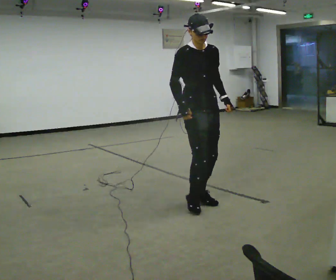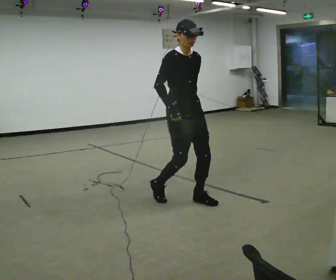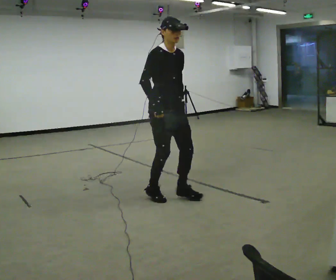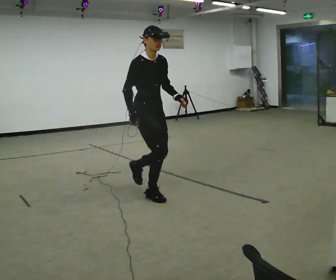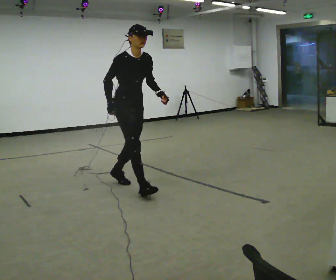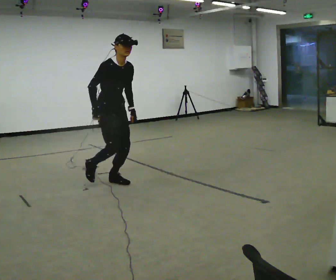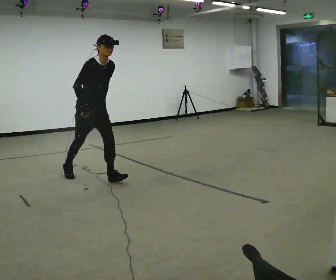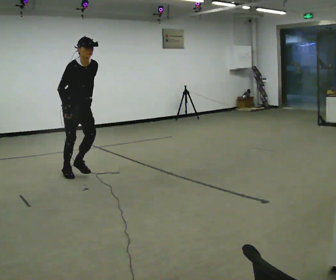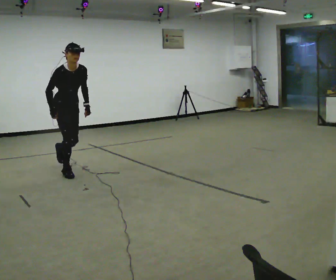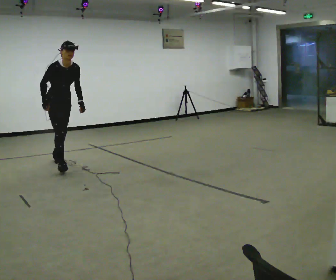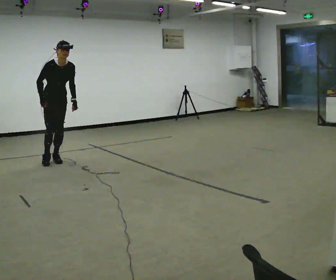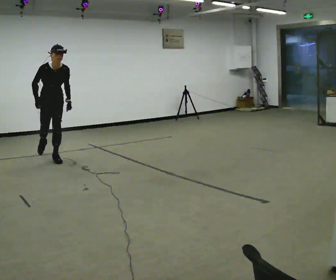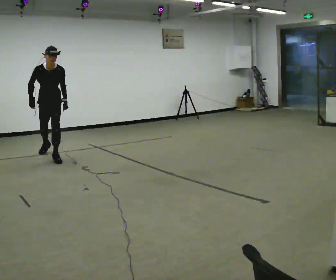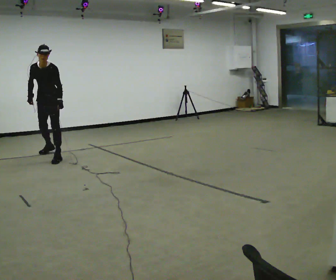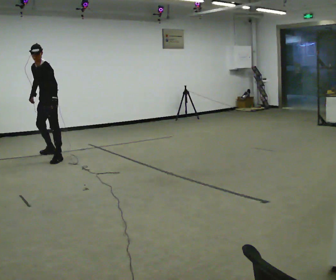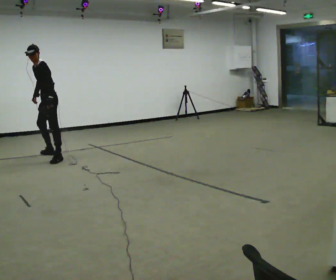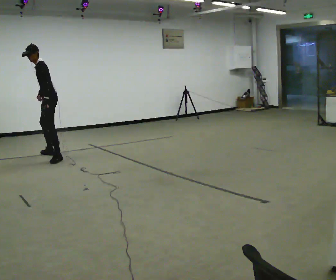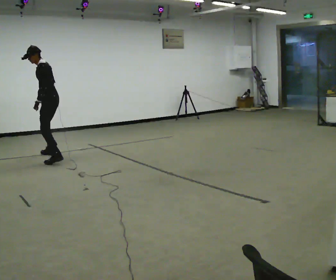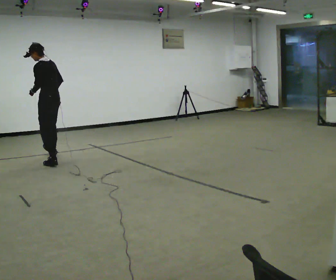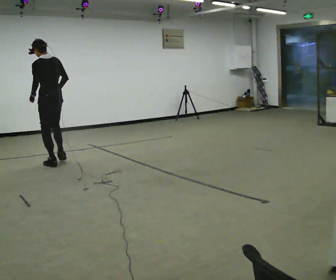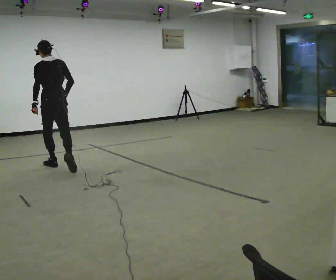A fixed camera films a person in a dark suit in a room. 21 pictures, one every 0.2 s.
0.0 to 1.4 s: In the picture they go away from the camera and to the left, about 1.5 m in 3 steps, which for them is backward. The upper body tips toward the camera, its near side rolling downward, as they bend forward.
1.4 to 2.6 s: Seen from above the body turns clockwise, about 45 degrees: to their right, with its near side sliding to the left. In the picture they go away from the camera, about 1 m in 1 step, which for them is backward. In the picture the upper body tilts counterclockwise, shoulders to the left.
2.6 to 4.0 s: The part of the body nearest the lens slides to the left as the person turns to their right by about 150 degrees. In the picture they go toward the camera, about 0.5 m in 2 steps. The upper body tips away from the camera, its near side rolling upward, as they lean back or straighten.
The film runs backward here.
